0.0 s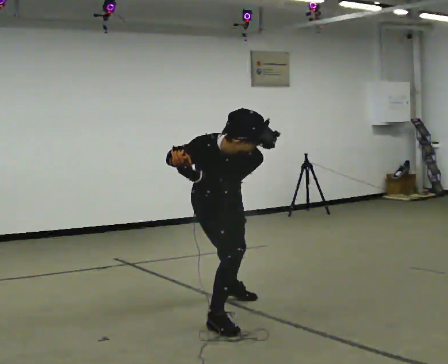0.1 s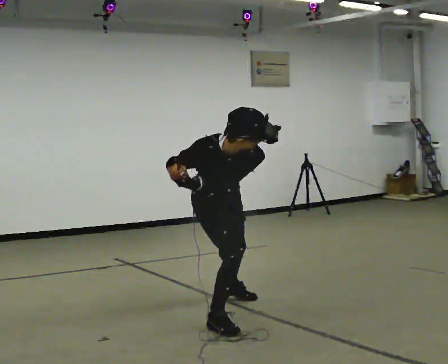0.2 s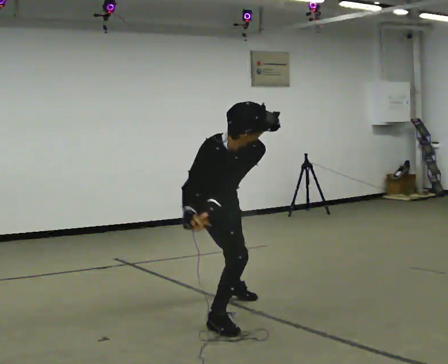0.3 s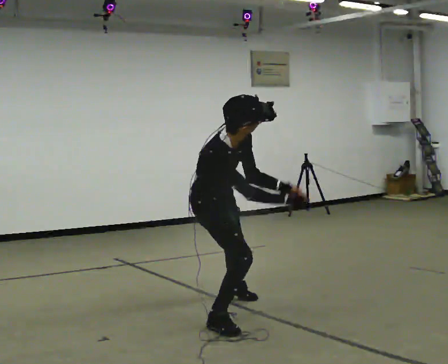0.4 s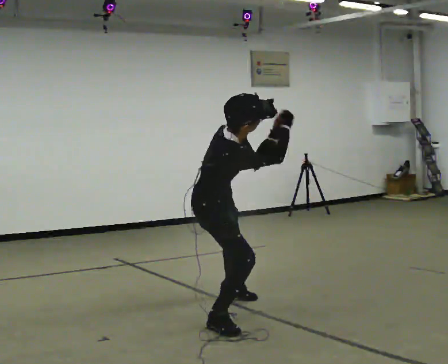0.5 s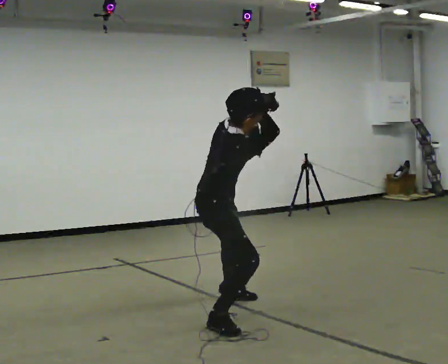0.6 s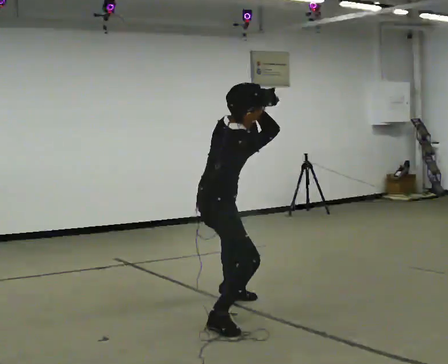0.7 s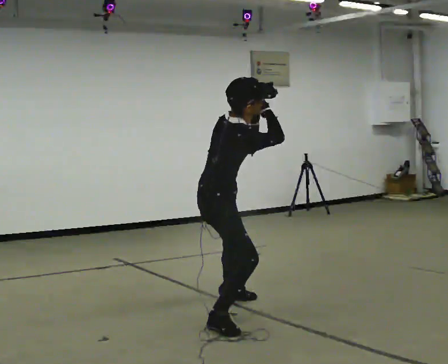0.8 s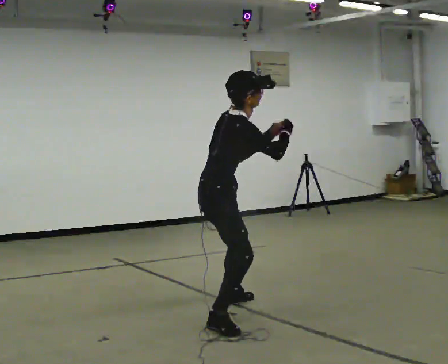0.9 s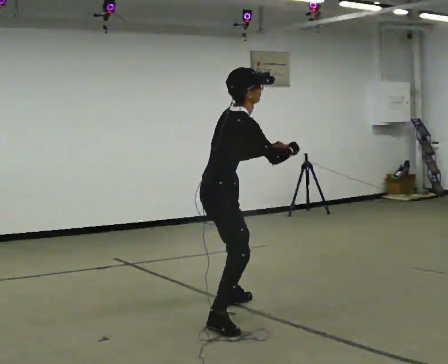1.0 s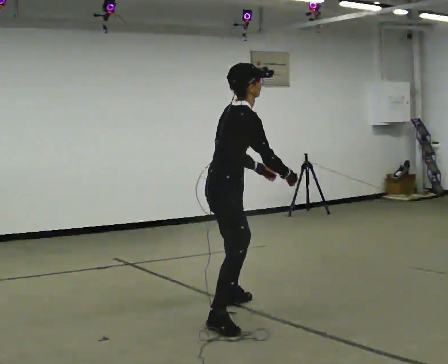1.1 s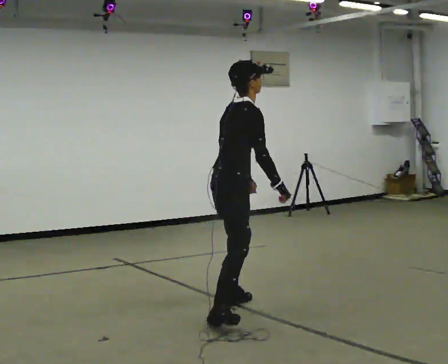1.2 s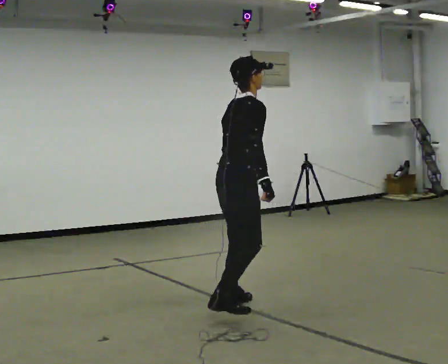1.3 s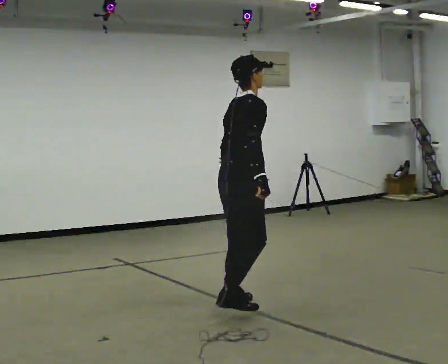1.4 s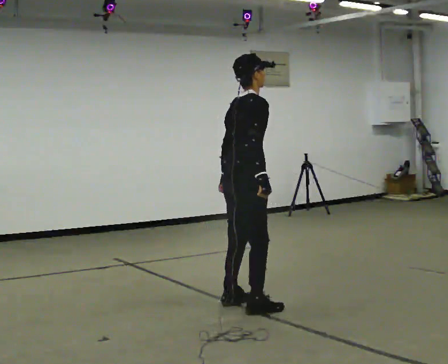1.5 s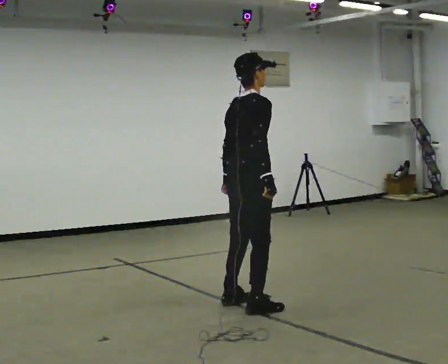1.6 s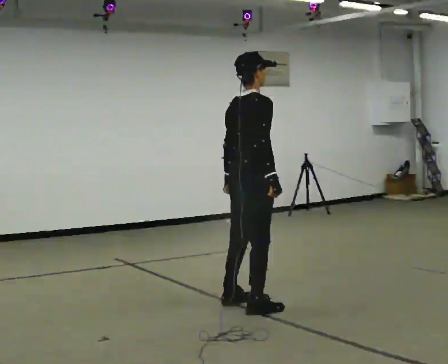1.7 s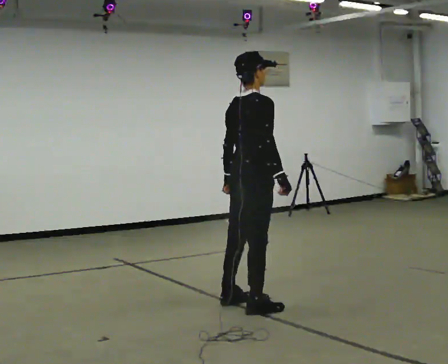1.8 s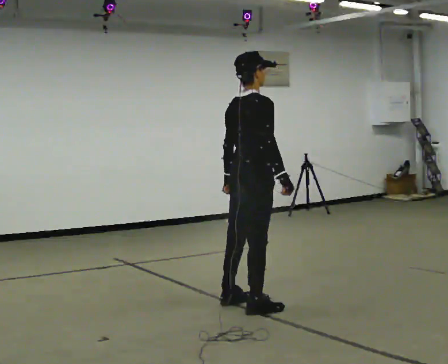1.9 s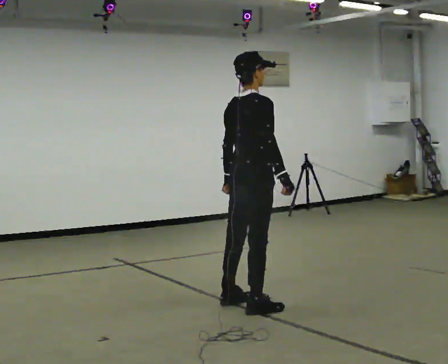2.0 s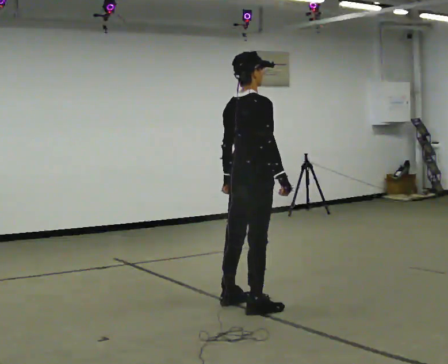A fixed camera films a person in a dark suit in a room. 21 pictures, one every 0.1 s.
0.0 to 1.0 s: The part of the body nearest the lens slides to the right as the person turns to their left by about 75 degrees. In the picture they go away from the camera, about 0.25 m in 1 step. The upper body goes upward. The upper body tips away from the camera, its near side rolling upward, as they lean back or straighten. In the picture their right hand goes to the right.
1.0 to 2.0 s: The person turns about 30 degrees to their left, counterclockwise seen from above, so the part of the body nearest the lens slides to the right. In the picture they go to the right, about 0.25 m in 1 step, which for them is forward. In the picture the upper body tilts counterclockwise, shoulders to the left, as they lean back or straighten.
The film runs forward here.
